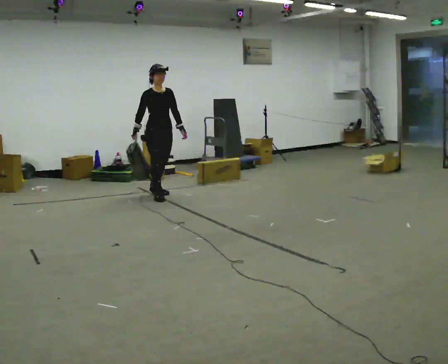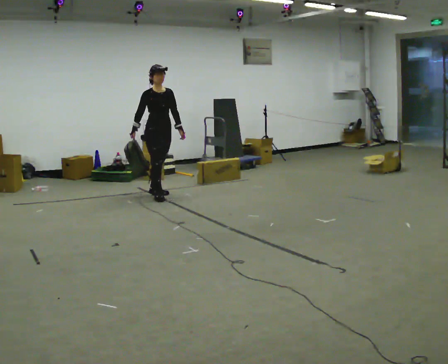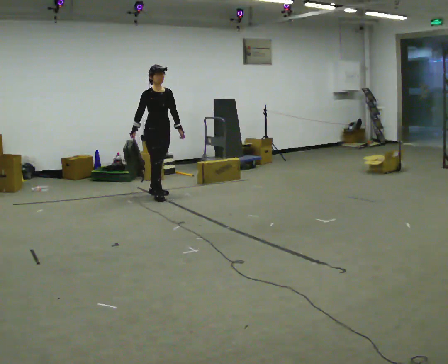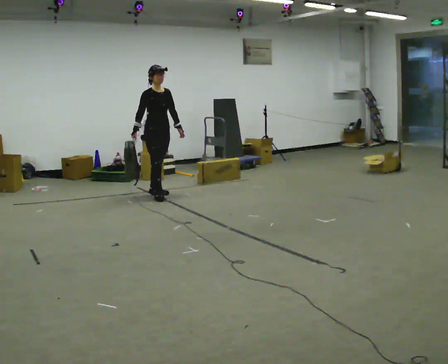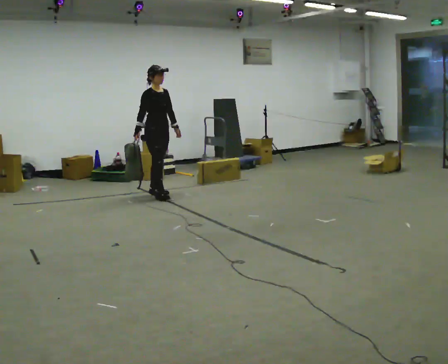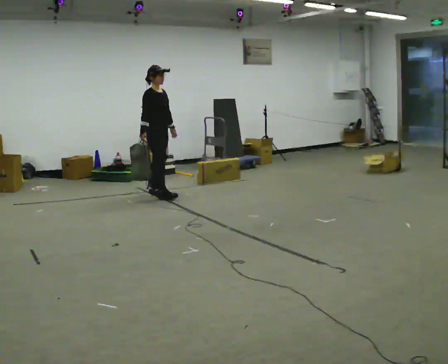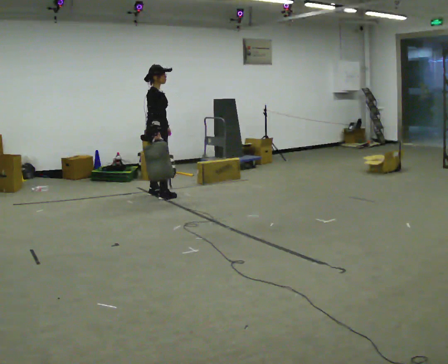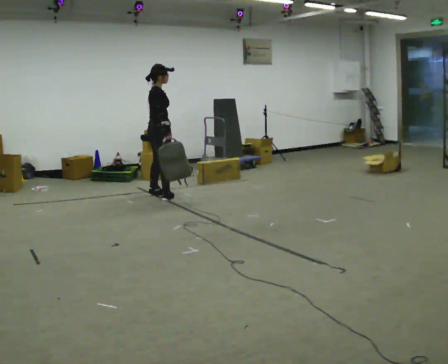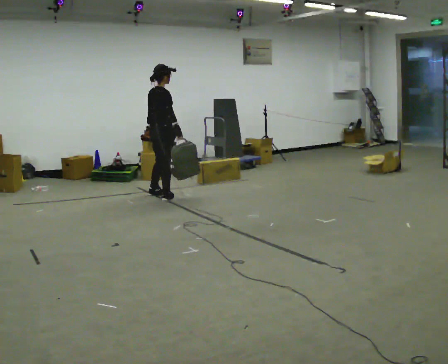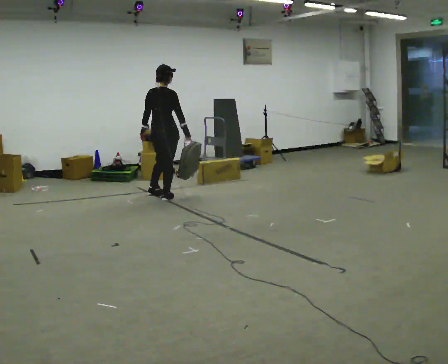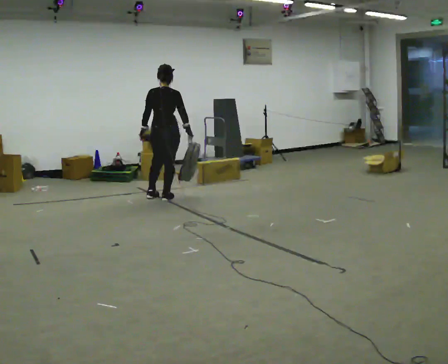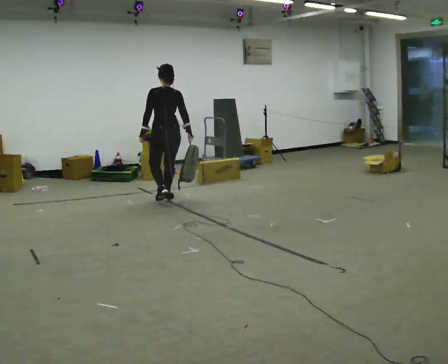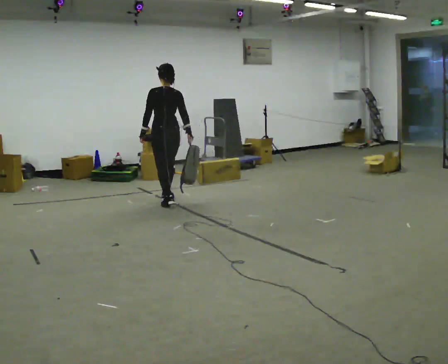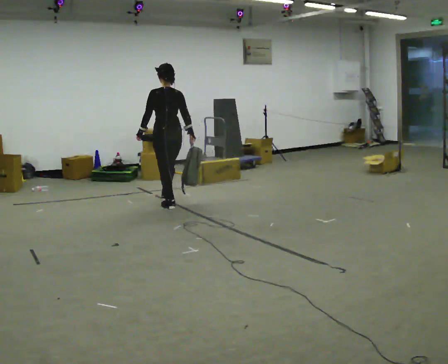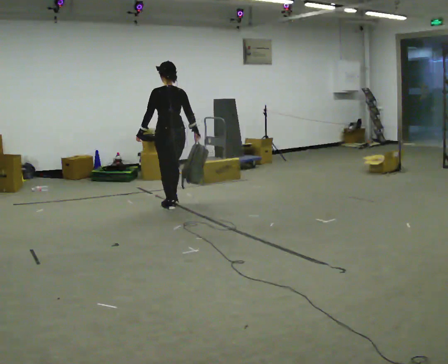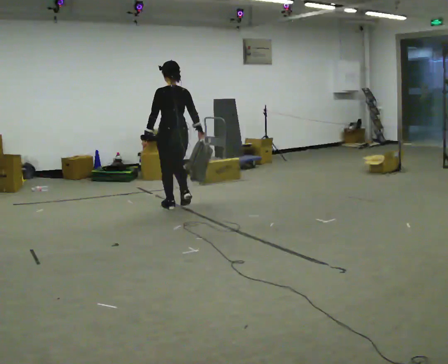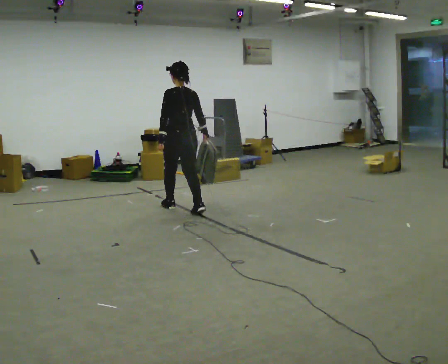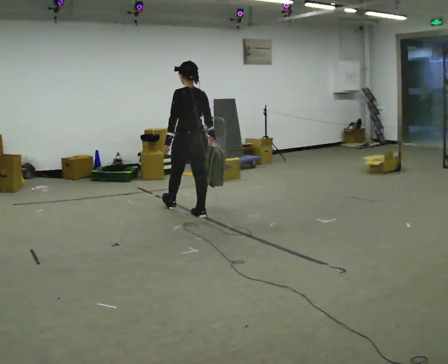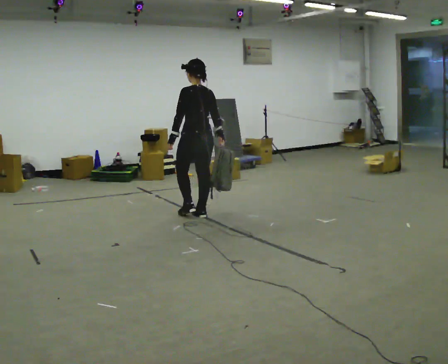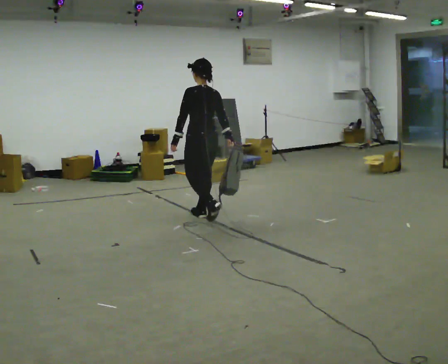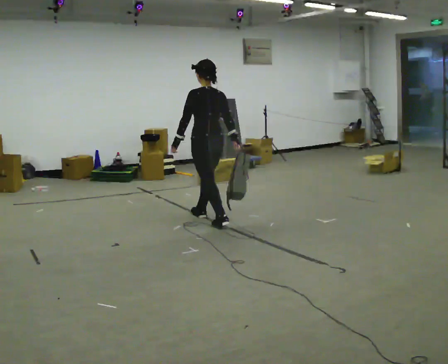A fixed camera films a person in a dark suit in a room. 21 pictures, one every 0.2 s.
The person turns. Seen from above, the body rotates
counterclockwise.
The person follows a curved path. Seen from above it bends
clockwise.
0.0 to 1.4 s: The part of the body nearest the lens slides to the right as the person turns to their left by about 60 degrees. In the picture their right hand goes to the right.
1.4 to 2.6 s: Seen from above the body turns counterclockwise, about 105 degrees: to their left, with its near side sliding to the right. In the picture they go toward the camera, about 0.5 m in 1 step.
2.6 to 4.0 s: In the picture they go toward the camera and to the right, about 1 m in 2 steps, which for them is backward.
The film runs backward here.
